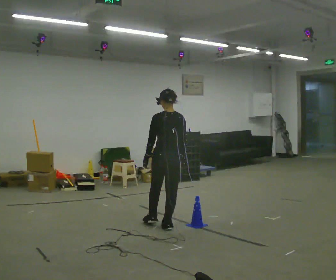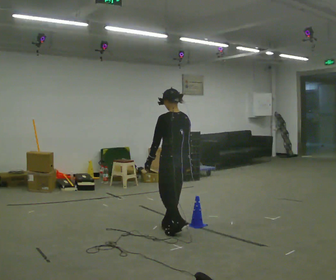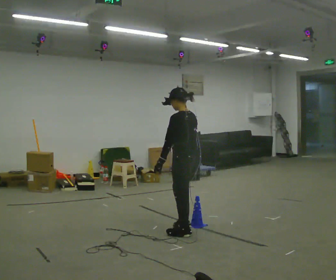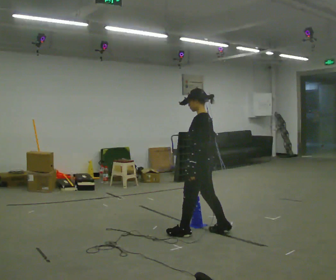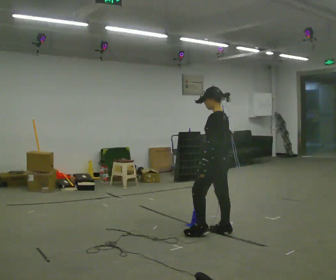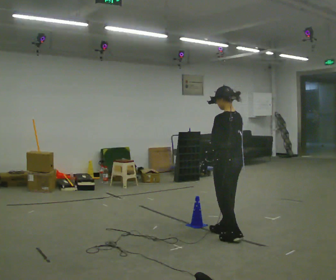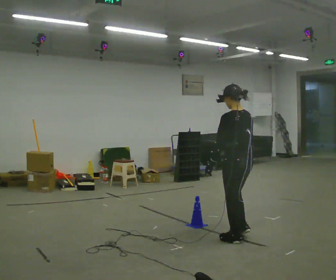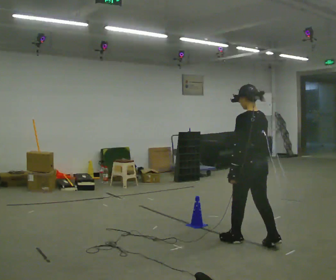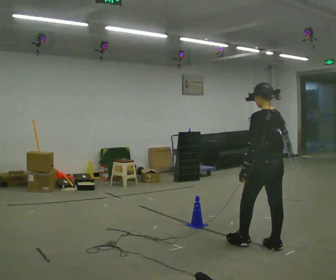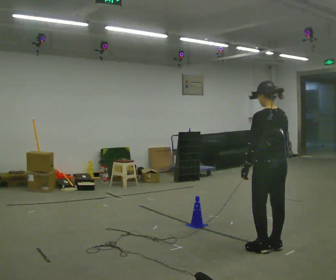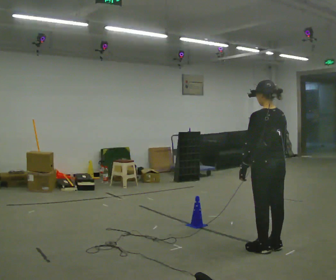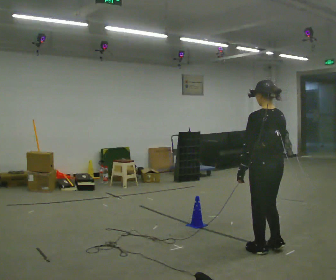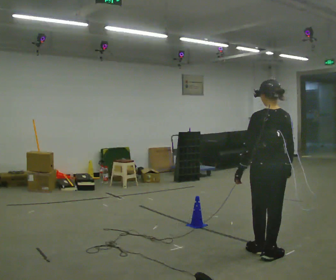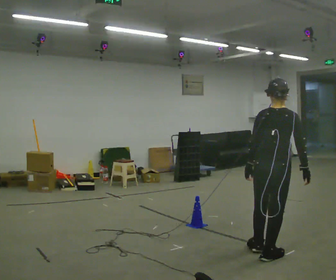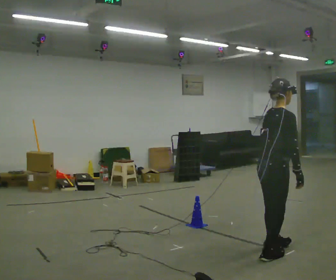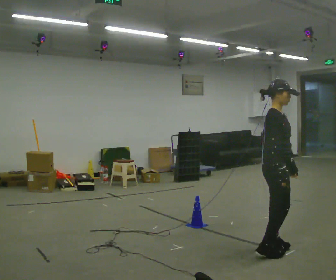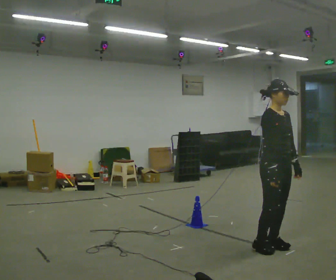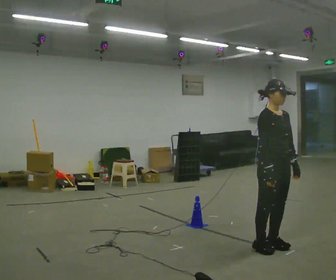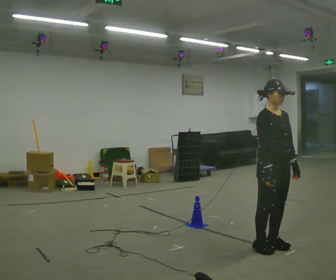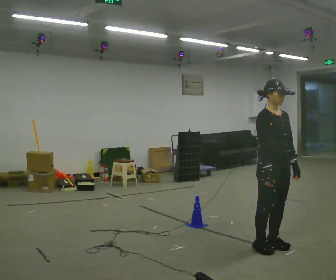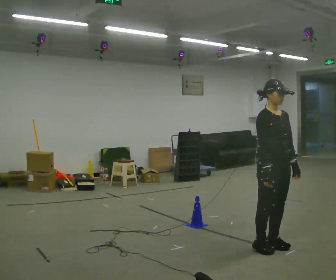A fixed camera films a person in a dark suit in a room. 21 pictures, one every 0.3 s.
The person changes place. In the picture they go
to the right.
0.0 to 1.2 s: The part of the body nearest the lens slides to the right as the person turns to their left by about 45 degrees. In the picture they go to the right, about 0.75 m in 2 steps, which for them is backward.
1.2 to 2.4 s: The person turns about 30 degrees to their right, clockwise seen from above, so the part of the body nearest the lens slides to the left. In the picture they go to the right and toward the camera, about 0.75 m in 2 steps, which for them is backward.
2.4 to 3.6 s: The person turns about 30 degrees to their right, clockwise seen from above, so the part of the body nearest the lens slides to the left. In the picture they go toward the camera, about 0.25 m in 1 step, which for them is backward.
3.6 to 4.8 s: The part of the body nearest the lens slides to the left as the person turns to their right by about 150 degrees. In the picture their left hand goes to the right, the arm swinging counterclockwise.
4.8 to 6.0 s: The person moves a little, or ends about where they began.
The film runs backward here.
